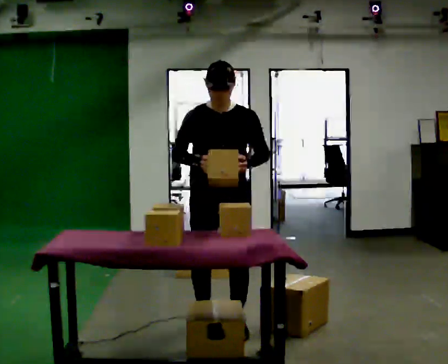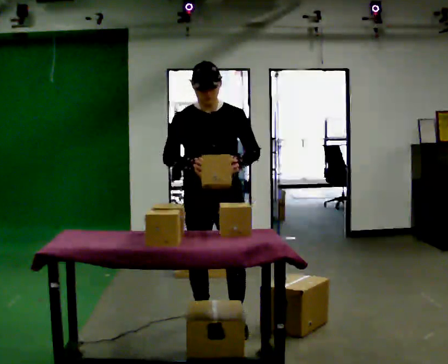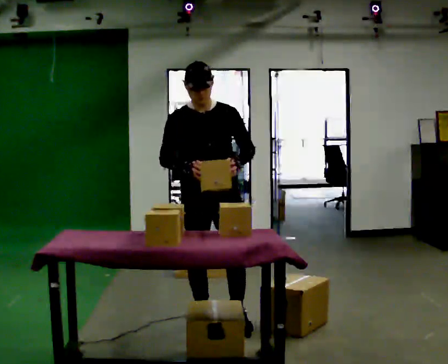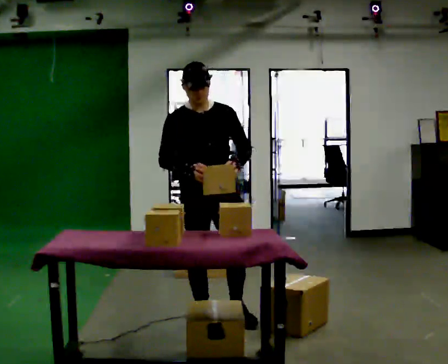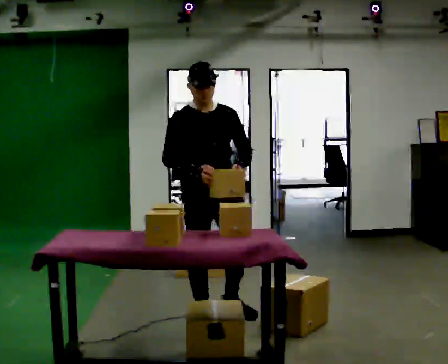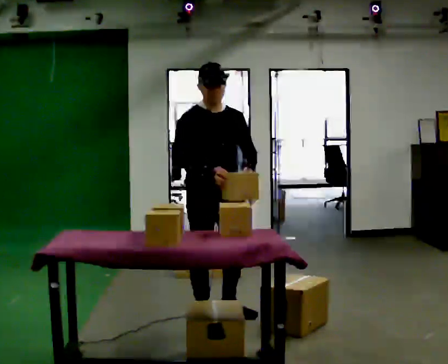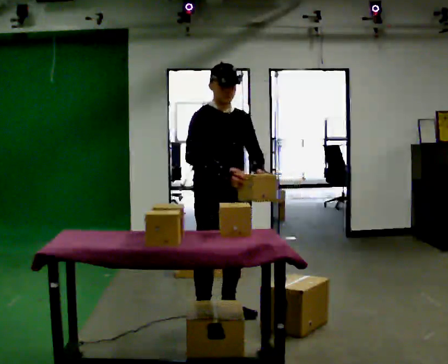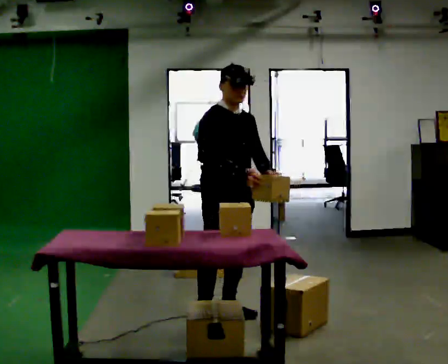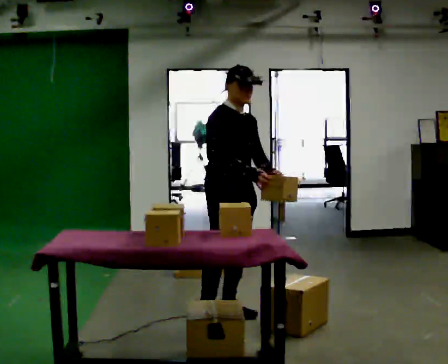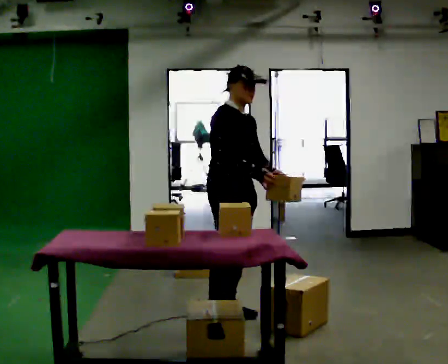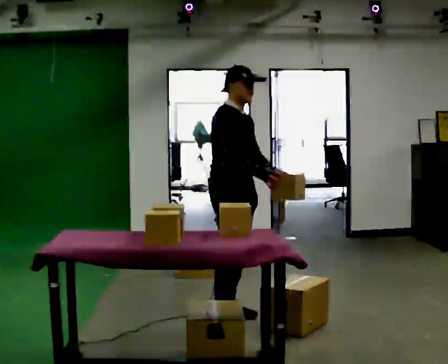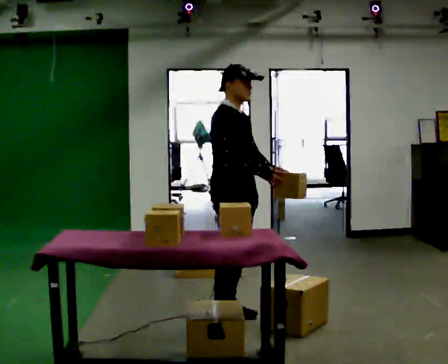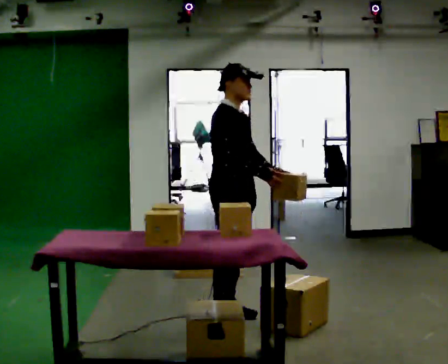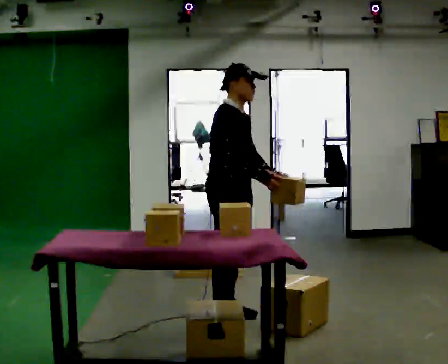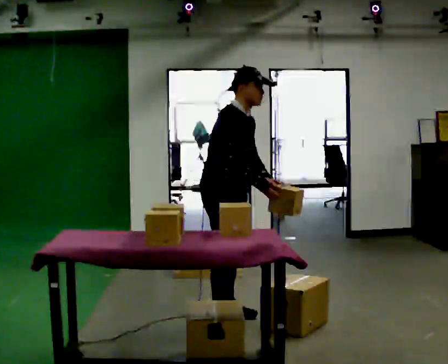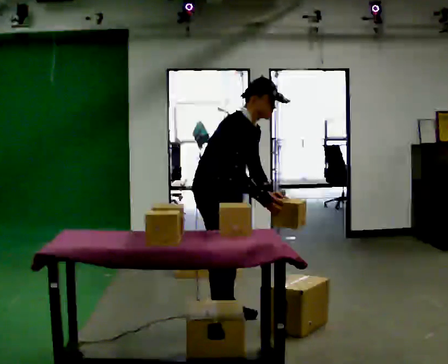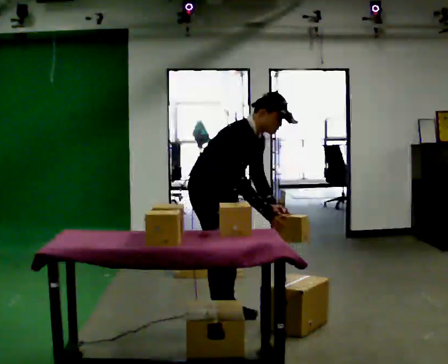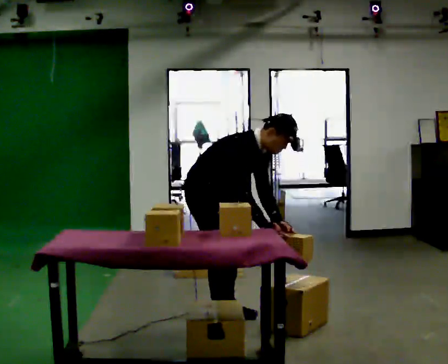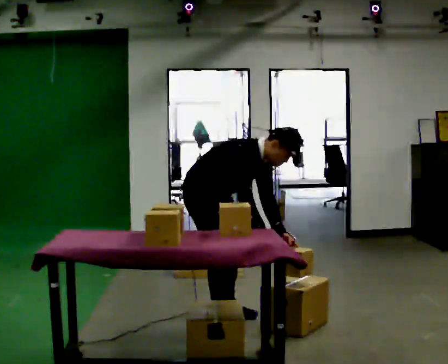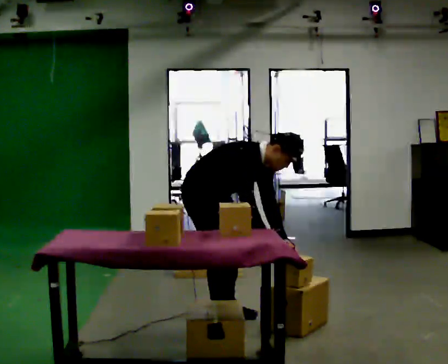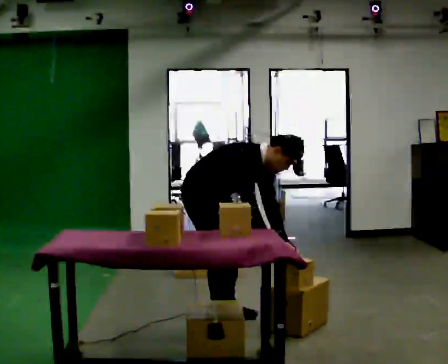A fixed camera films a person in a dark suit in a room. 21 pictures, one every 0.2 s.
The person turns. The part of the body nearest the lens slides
to the right.
The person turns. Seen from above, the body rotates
counterclockwise.
0.0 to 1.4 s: The part of the body nearest the lens slides to the right as the person turns to their left by about 45 degrees. In the picture they go away from the camera, about 0.25 m in 1 step, which for them is backward.
1.4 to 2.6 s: The part of the body nearest the lens slides to the right as the person turns to their left by about 30 degrees.
2.6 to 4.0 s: In the picture they go to the left, about 0.25 m, which for them is backward. The shoulders move downward. In the picture the upper body tilts clockwise, shoulders to the right, as they bend forward. In the picture their right hand goes downward.
The film runs backward here.
